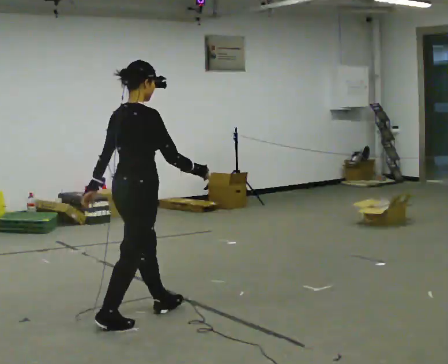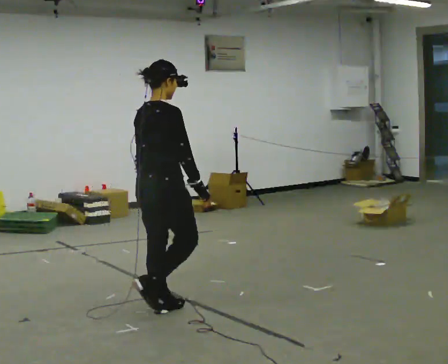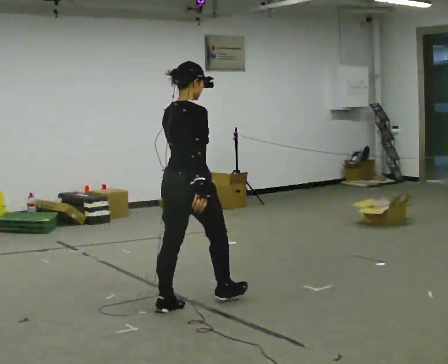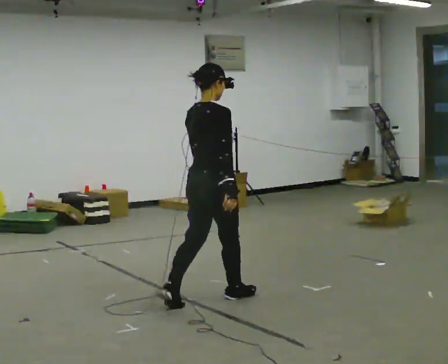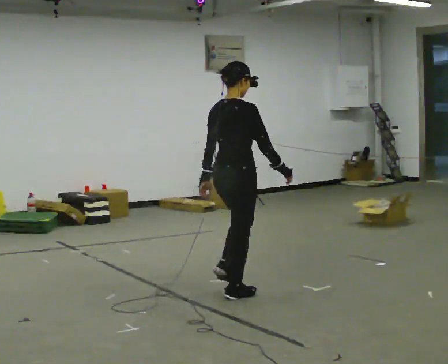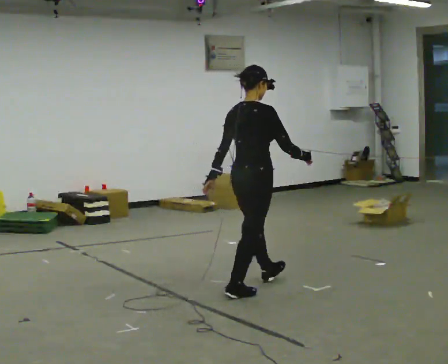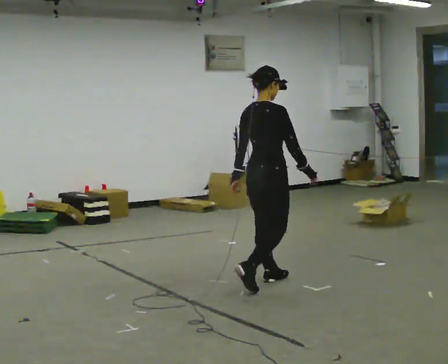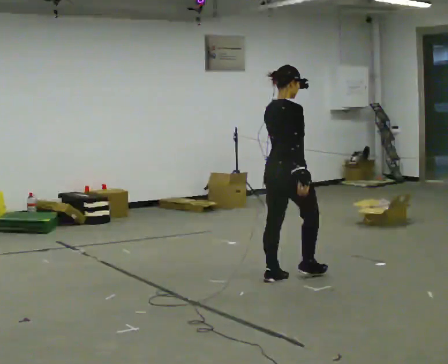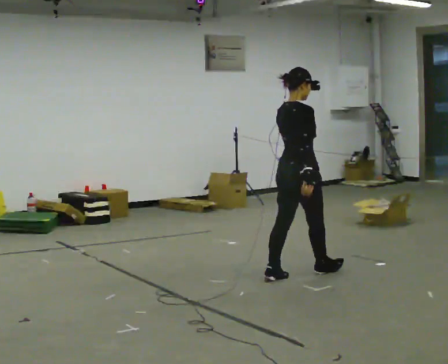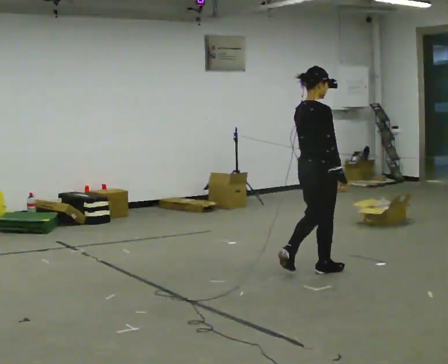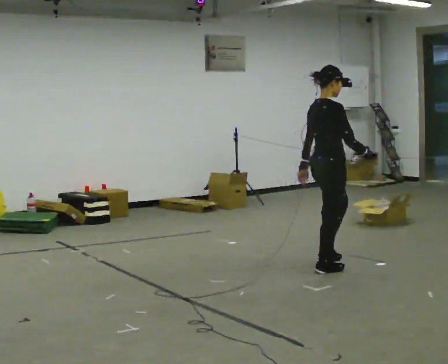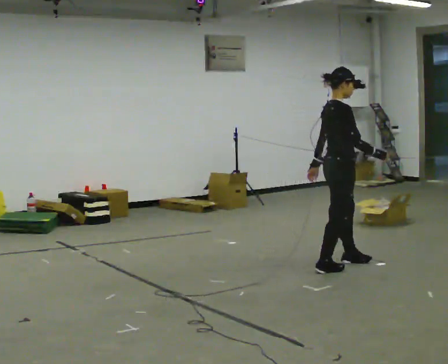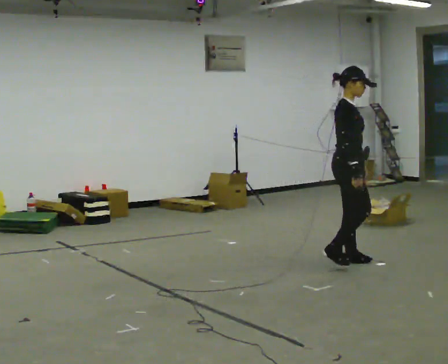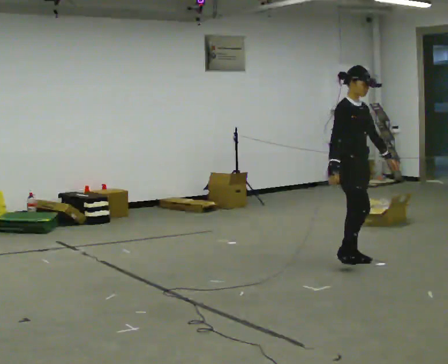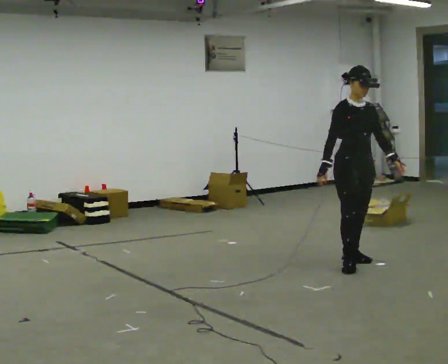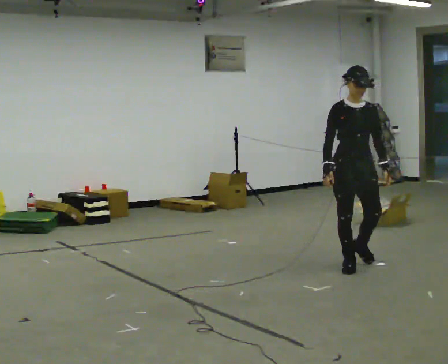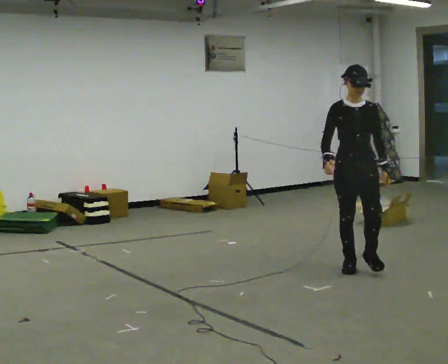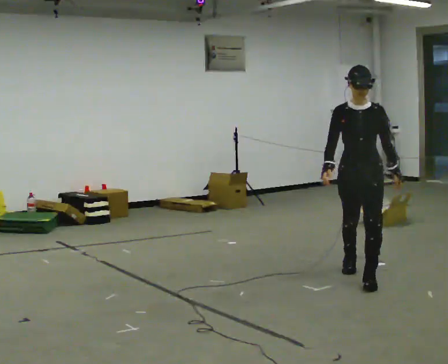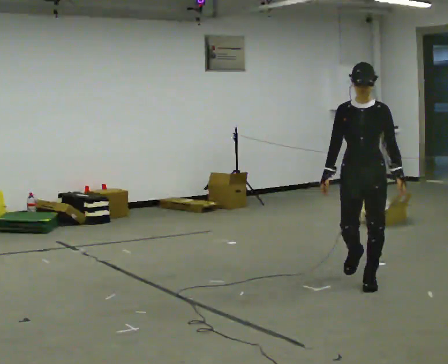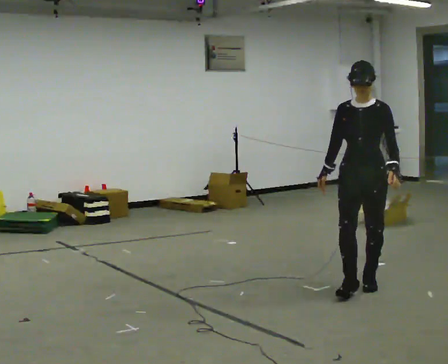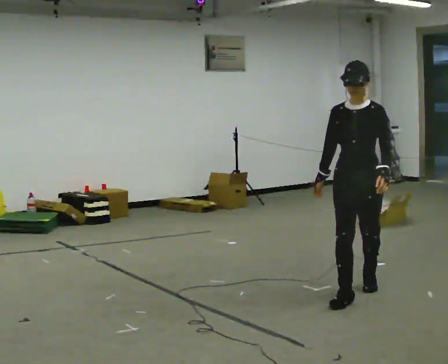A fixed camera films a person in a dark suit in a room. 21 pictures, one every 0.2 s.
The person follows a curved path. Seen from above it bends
clockwise.
The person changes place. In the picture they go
to the right.
0.0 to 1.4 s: In the picture they go away from the camera and to the right, about 1.5 m in 2 steps, which for them is forward.
1.4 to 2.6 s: Seen from above the body turns clockwise, about 90 degrees: to their right, with its near side sliding to the left. In the picture they go to the right and away from the camera, about 0.75 m in 2 steps.
2.6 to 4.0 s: Seen from above the body turns clockwise, about 60 degrees: to their right, with its near side sliding to the left. In the picture they go toward the camera, about 1 m in 3 steps.
The film runs forward here.
